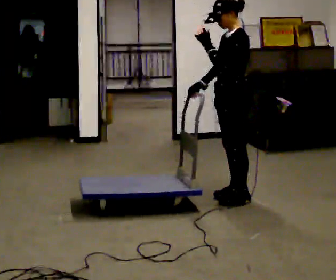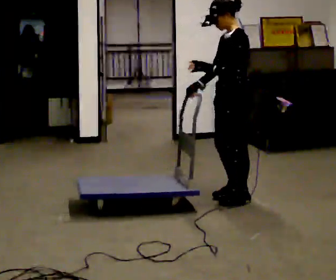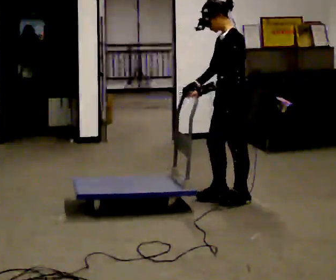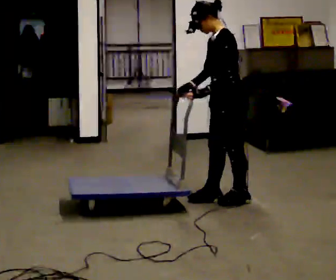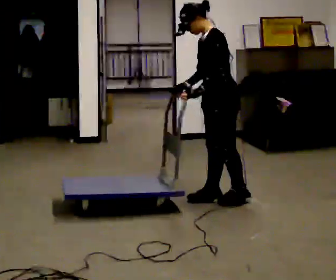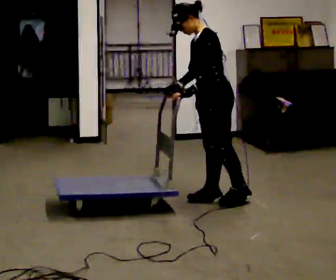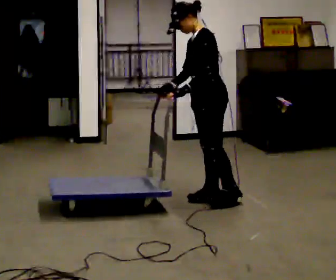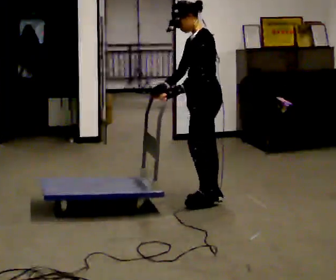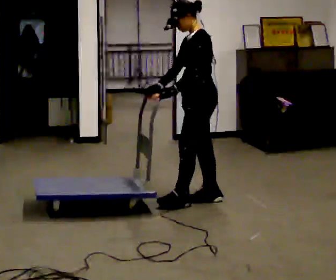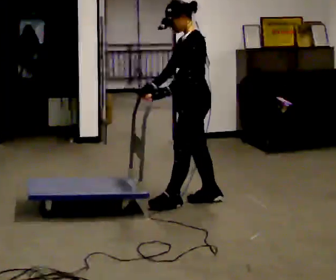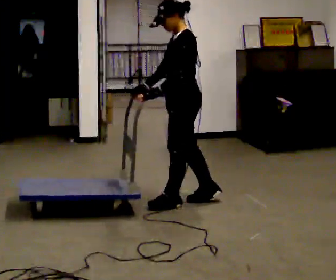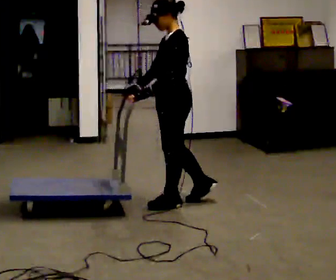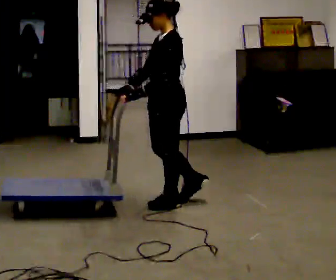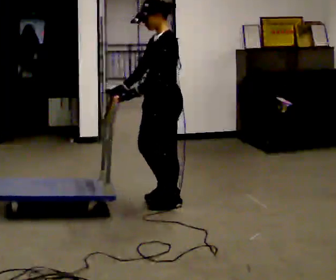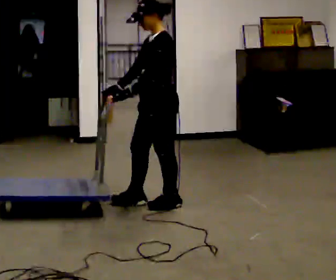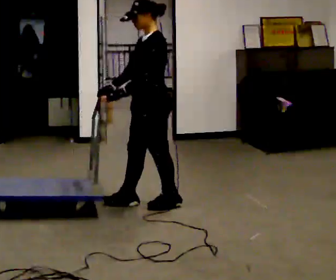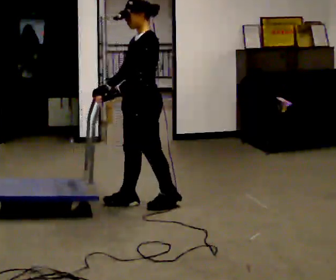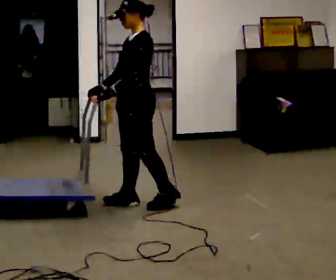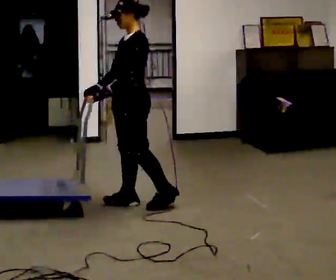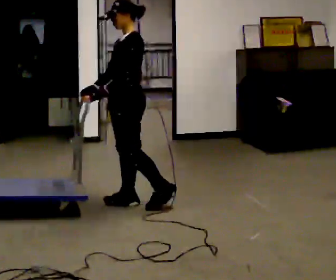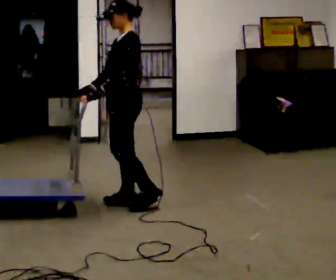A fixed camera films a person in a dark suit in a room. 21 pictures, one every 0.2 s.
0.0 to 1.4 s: In the picture they go to the left, about 0.25 m in 2 steps, which for them is forward. In the picture their left hand goes downward.
1.4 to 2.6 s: In the picture they go to the left and toward the camera, about 0.25 m in 1 step, which for them is forward.
2.6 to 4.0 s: In the picture they go to the left, about 0.25 m in 1 step, which for them is forward and to their right.
The film runs backward here.
